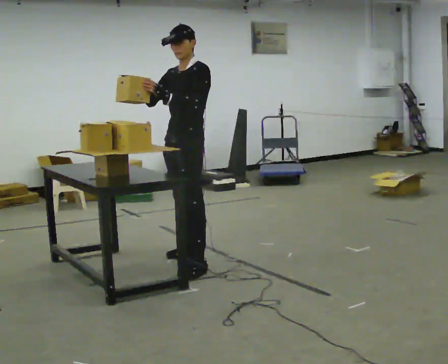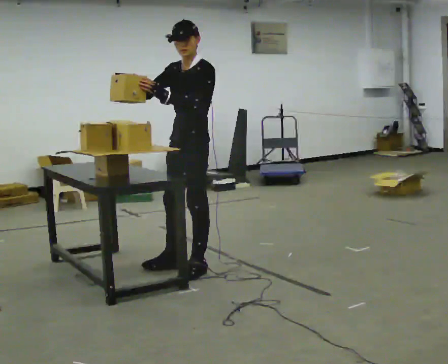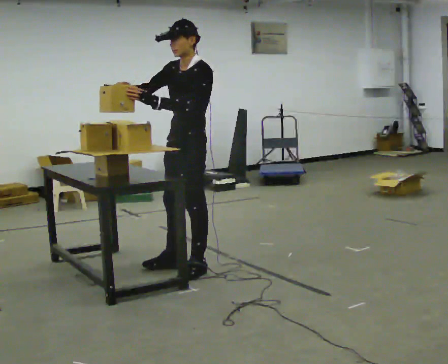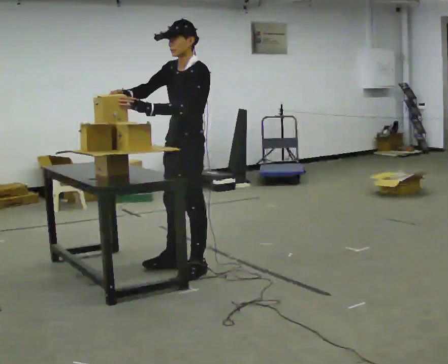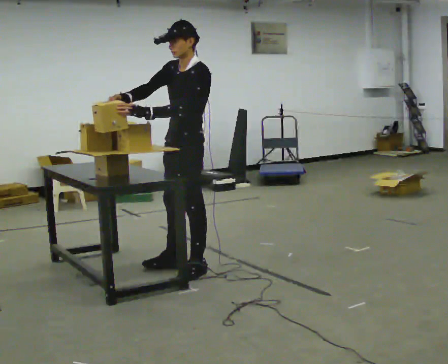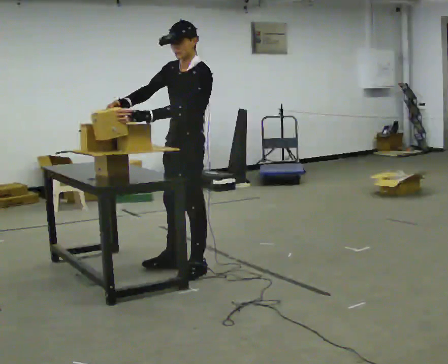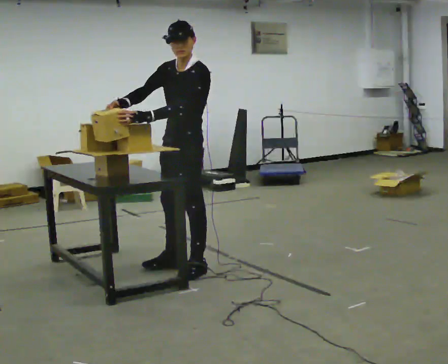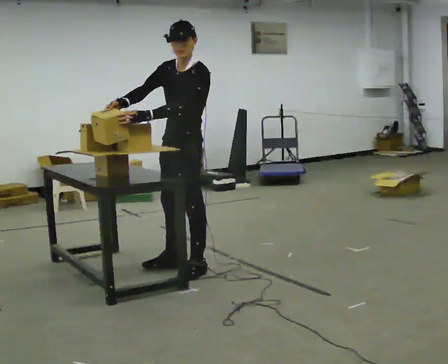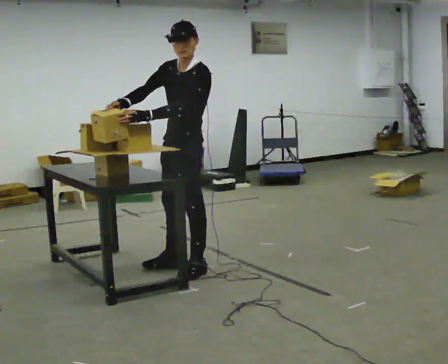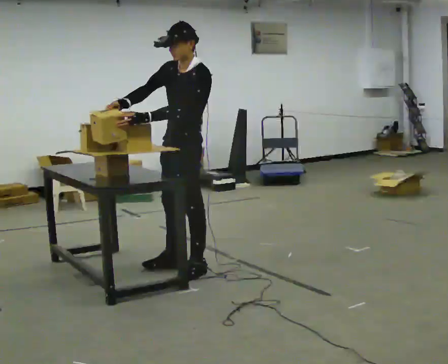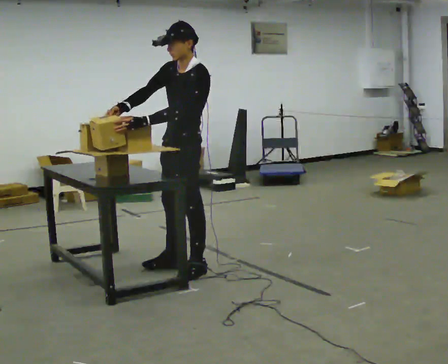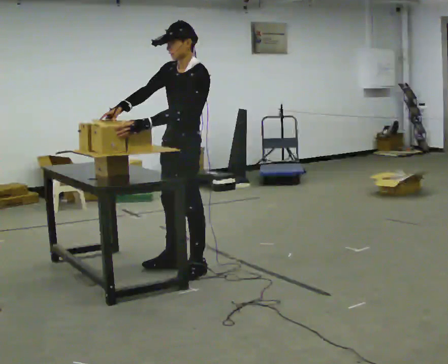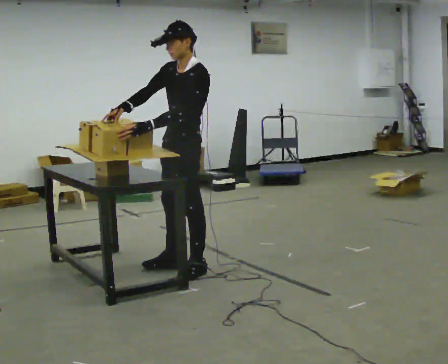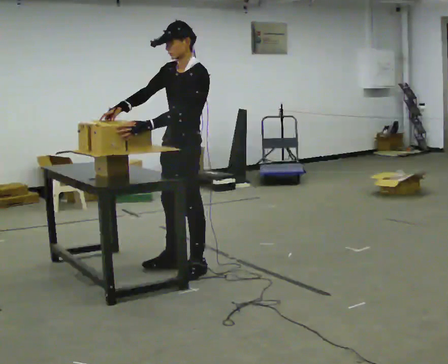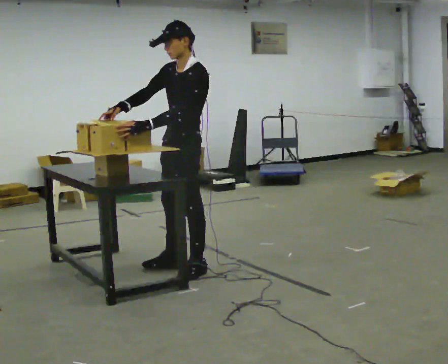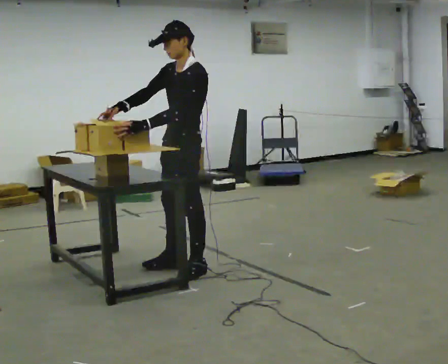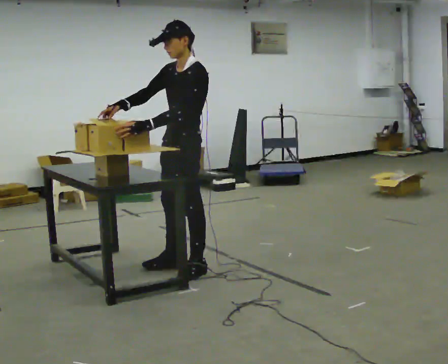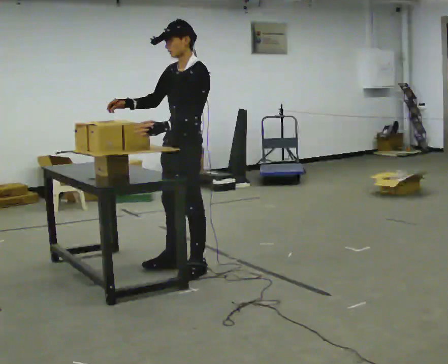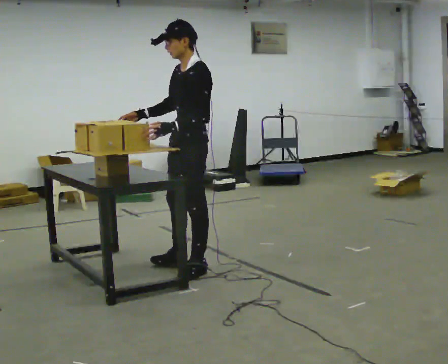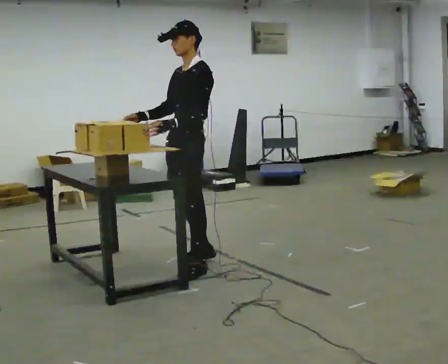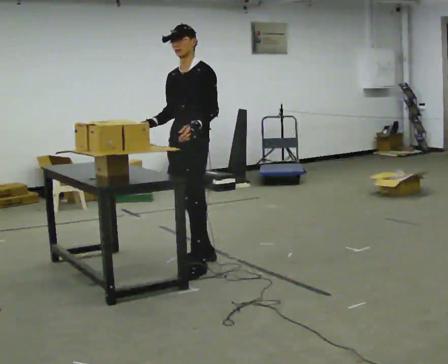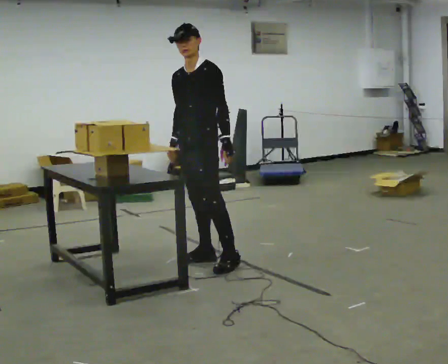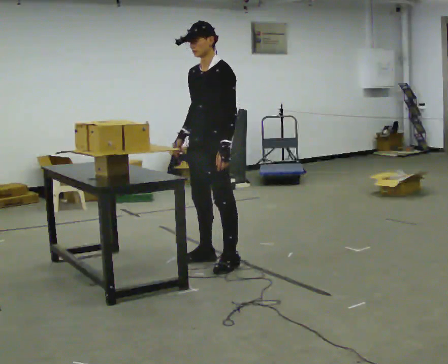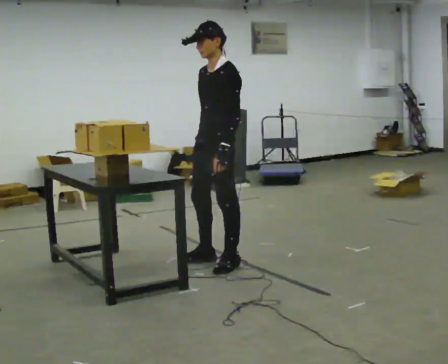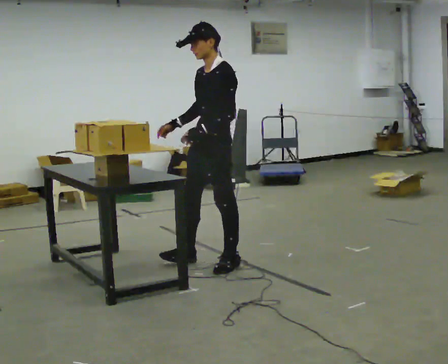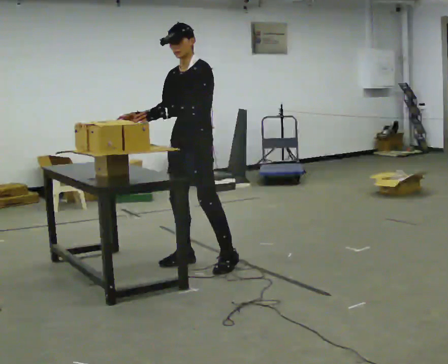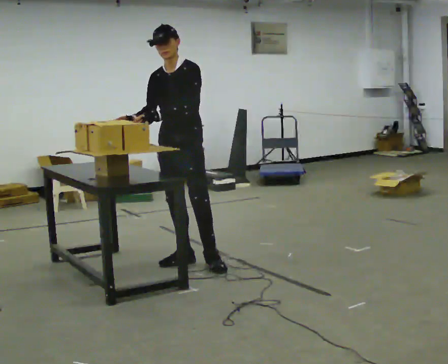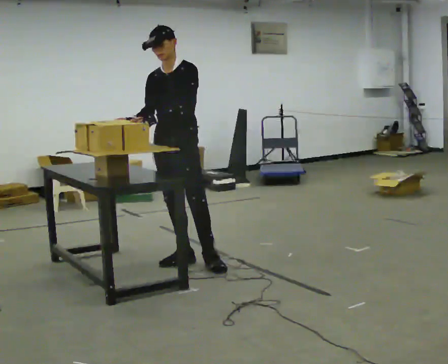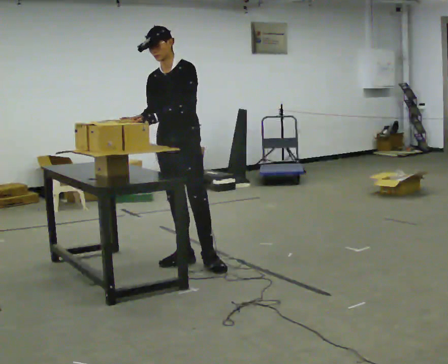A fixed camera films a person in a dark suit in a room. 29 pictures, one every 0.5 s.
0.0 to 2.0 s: In the picture they go toward the camera, about 0.25 m in 1 step, which for them is to their left.
2.0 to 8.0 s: The person moves a little, or ends about where they began.
8.0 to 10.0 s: In the picture they go away from the camera, about 0.25 m in 1 step, which for them is to their right. In the picture their left hand goes to the right.
10.0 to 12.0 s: In the picture they go toward the camera, about 0.25 m in 1 step, which for them is to their left.
12.0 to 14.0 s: Seen from above the body turns counterclockwise, about 30 degrees: to their left, with its near side sliding to the right. In the picture they go to the left and away from the camera, about 0.25 m in 1 step, which for them is to their right.
The film runs forward here.
